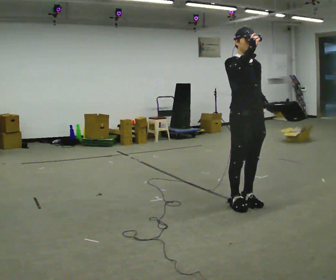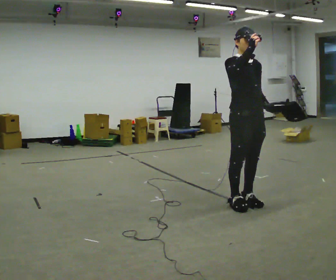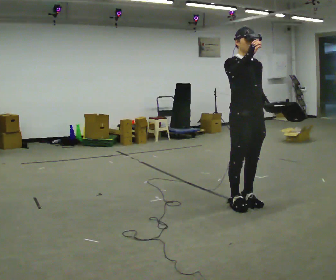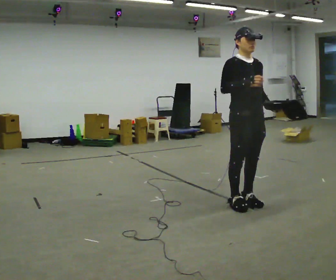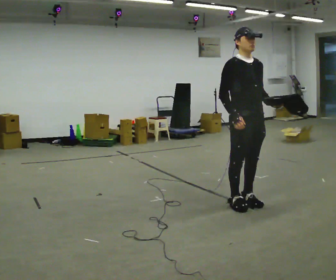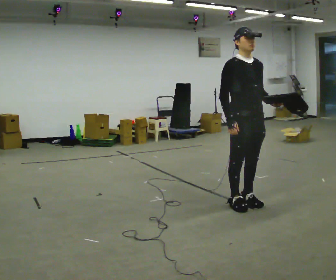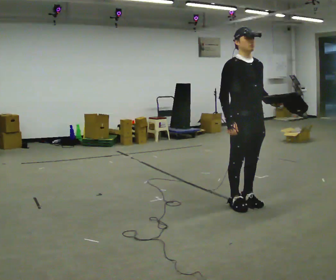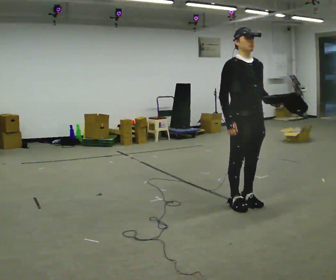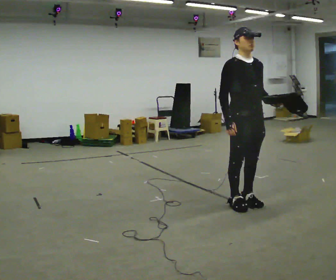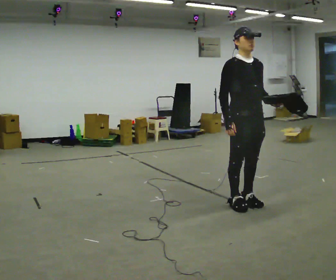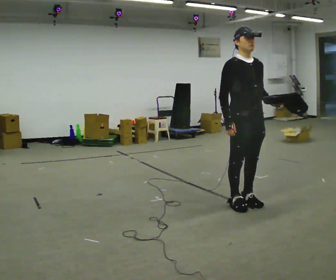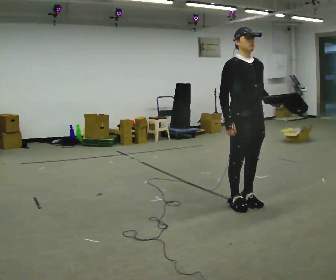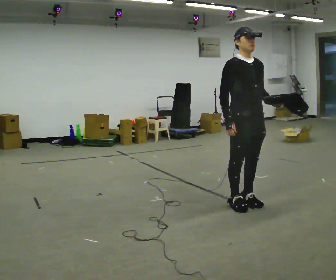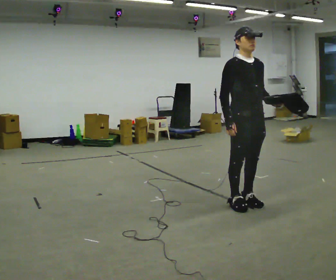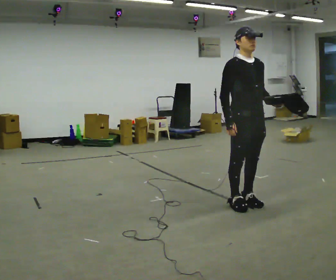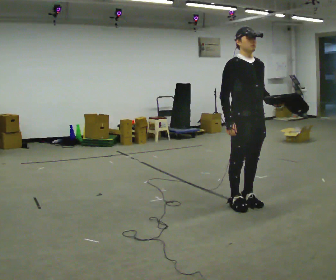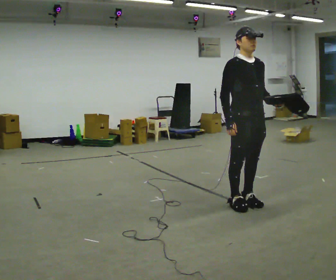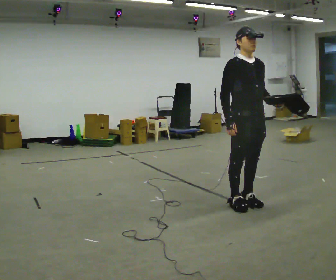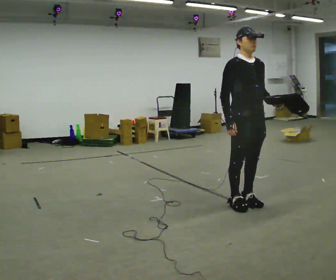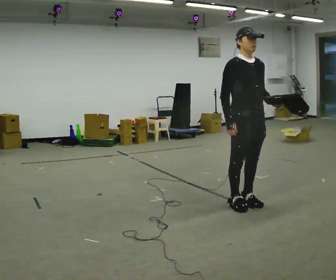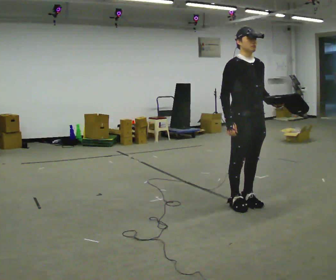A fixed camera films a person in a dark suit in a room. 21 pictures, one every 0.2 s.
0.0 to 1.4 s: In the picture their right hand goes downward.
1.4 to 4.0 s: The person keeps their place and pose.
The film runs backward here.
